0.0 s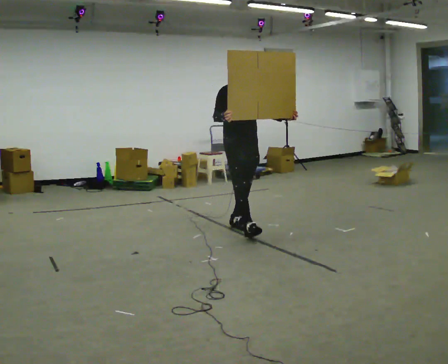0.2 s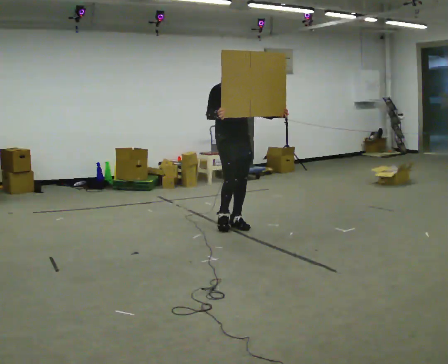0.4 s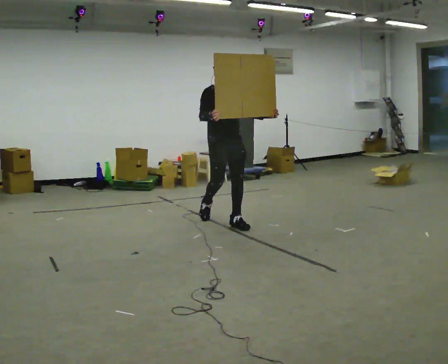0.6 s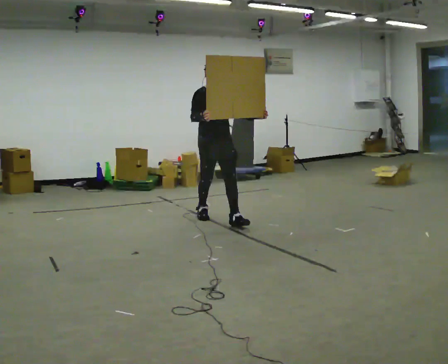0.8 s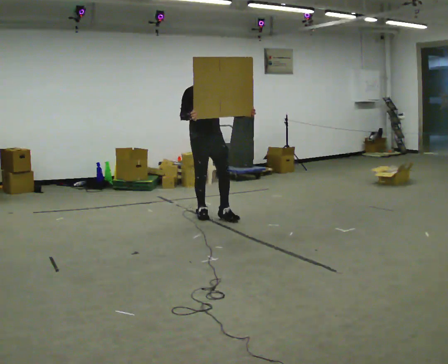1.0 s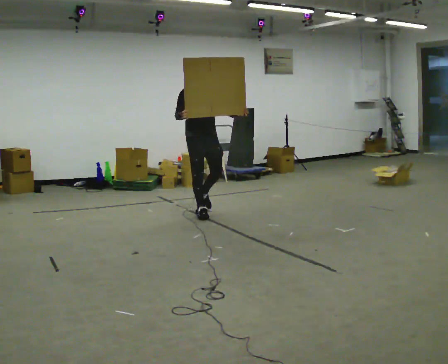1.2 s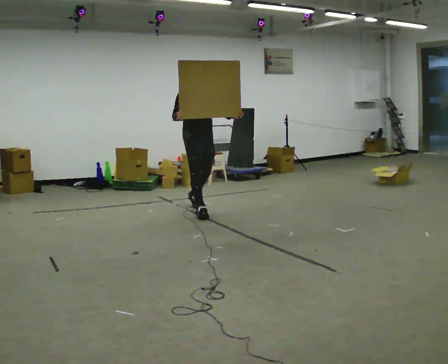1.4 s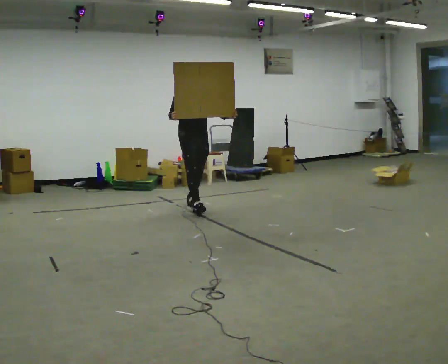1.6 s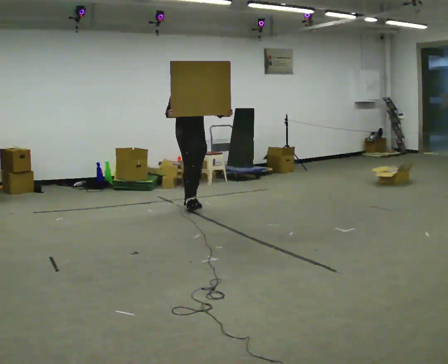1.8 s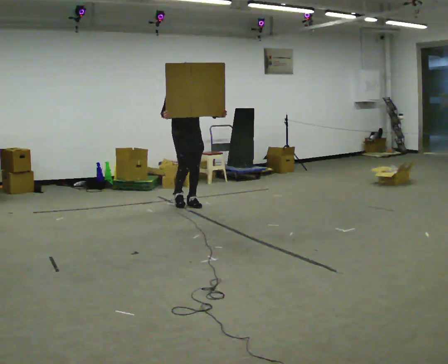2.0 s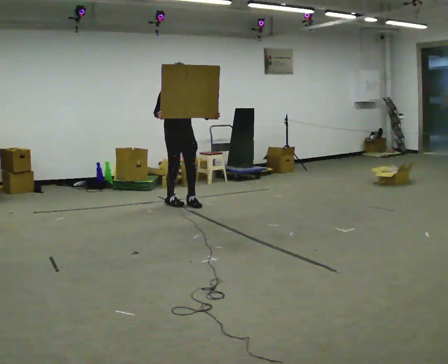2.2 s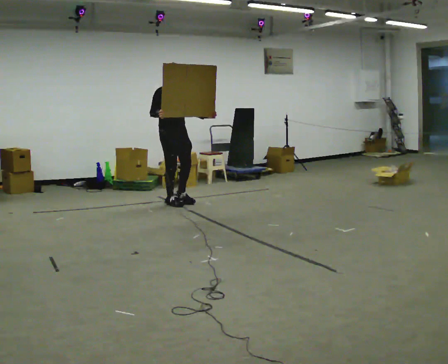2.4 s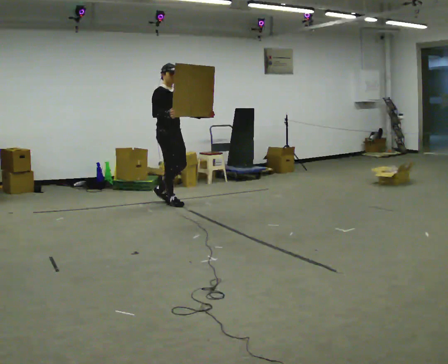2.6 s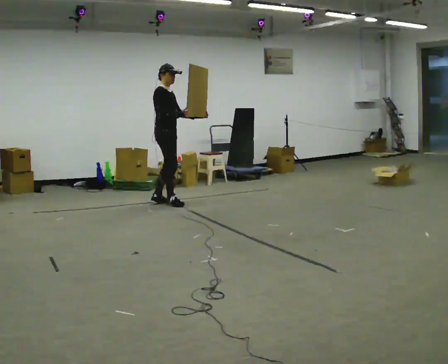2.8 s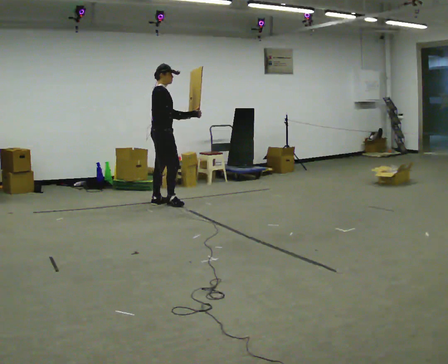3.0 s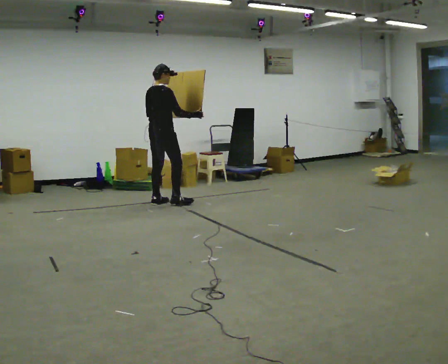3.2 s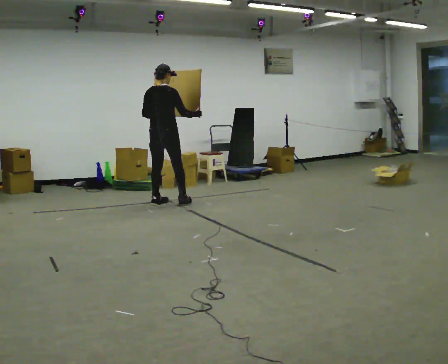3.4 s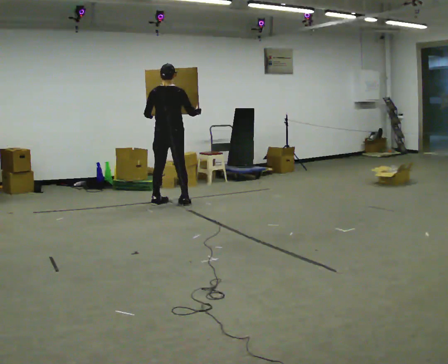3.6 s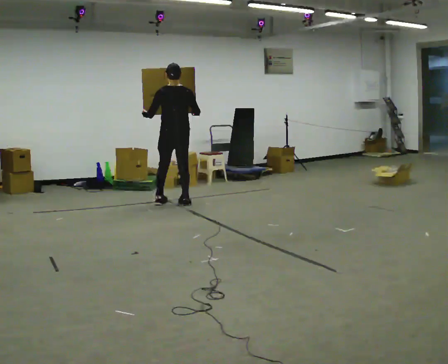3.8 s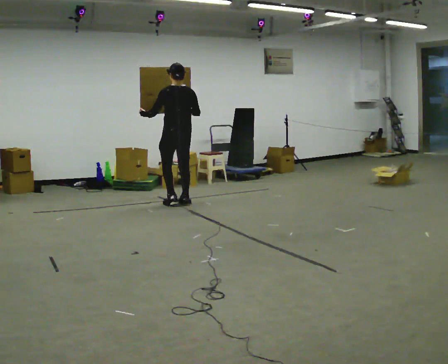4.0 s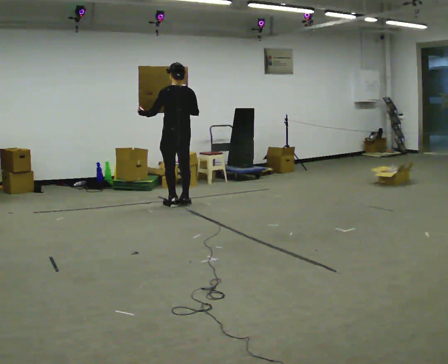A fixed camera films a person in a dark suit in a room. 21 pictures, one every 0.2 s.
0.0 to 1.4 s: In the picture they go away from the camera and to the left, about 1 m in 2 steps, which for them is backward.
1.4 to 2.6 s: The person turns about 45 degrees to their left, counterclockwise seen from above, so the part of the body nearest the lens slides to the right. In the picture they go to the left and away from the camera, about 0.5 m in 1 step, which for them is backward and to their right.
2.6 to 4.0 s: The part of the body nearest the lens slides to the right as the person turns to their left by about 135 degrees. In the picture they go to the right, about 0.25 m in 2 steps.
The film runs backward here.
